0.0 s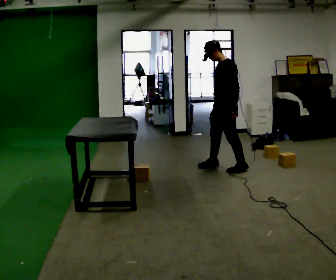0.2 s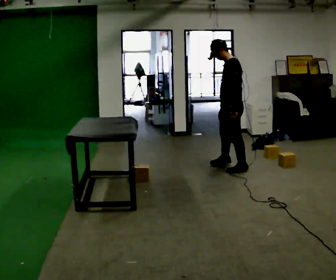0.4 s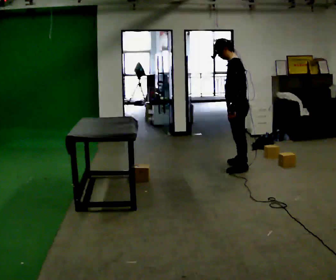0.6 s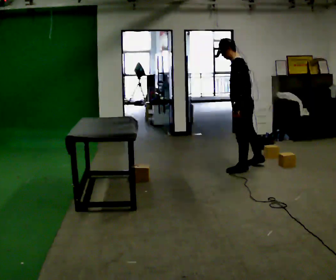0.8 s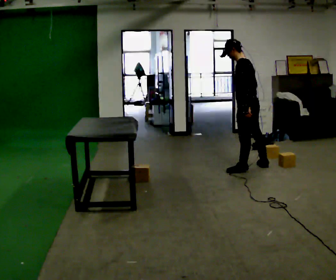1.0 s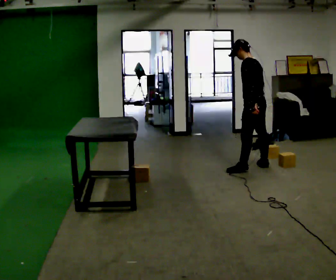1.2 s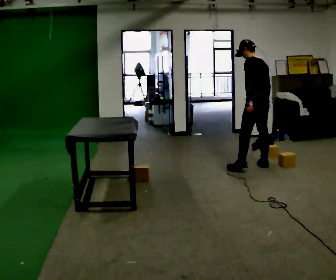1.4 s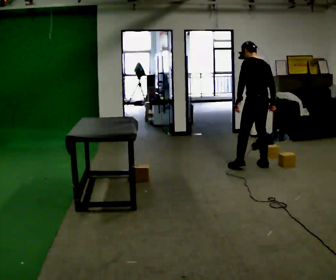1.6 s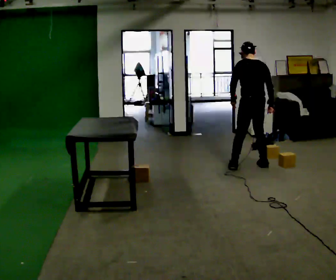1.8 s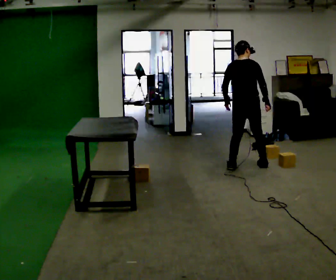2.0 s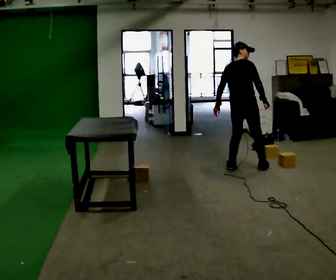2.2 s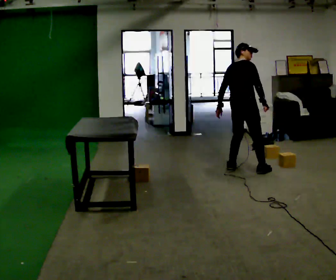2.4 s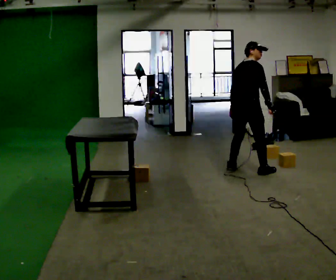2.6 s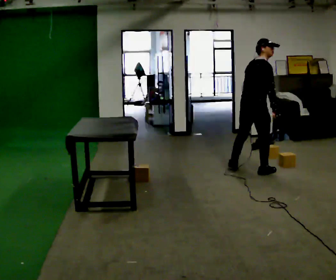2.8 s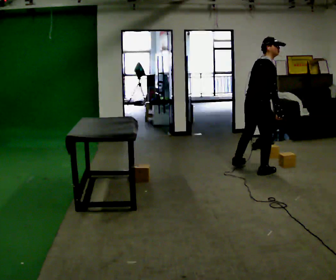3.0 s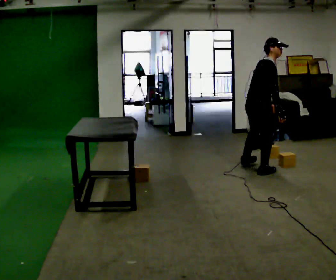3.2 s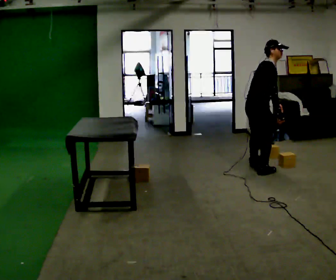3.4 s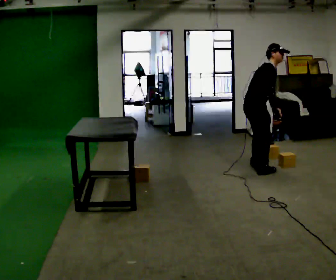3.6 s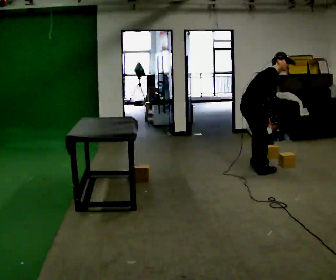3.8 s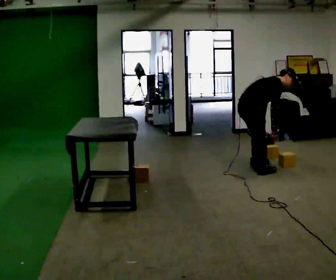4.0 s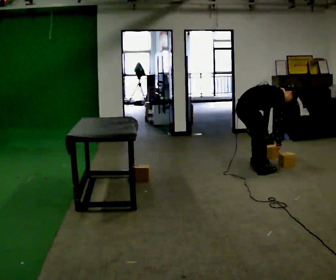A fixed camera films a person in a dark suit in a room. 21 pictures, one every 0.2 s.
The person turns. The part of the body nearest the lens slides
to the left.
The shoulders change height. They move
downward.
0.0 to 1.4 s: Seen from above the body turns clockwise, about 75 degrees: to their right, with its near side sliding to the left. In the picture they go to the right, about 0.5 m in 1 step. The upper body tips away from the camera, its near side rolling upward.
1.4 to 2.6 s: The person turns about 90 degrees to their right, clockwise seen from above, so the part of the body nearest the lens slides to the left. In the picture they go toward the camera, about 0.25 m in 1 step.
2.6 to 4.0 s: Seen from above the body turns clockwise, about 30 degrees: to their right, with its near side sliding to the left. The shoulders move downward. In the picture the upper body tilts clockwise, shoulders to the right, as they bend forward. In the picture their right hand goes downward.
The film runs backward here.
